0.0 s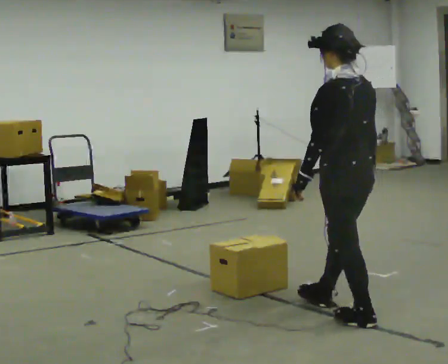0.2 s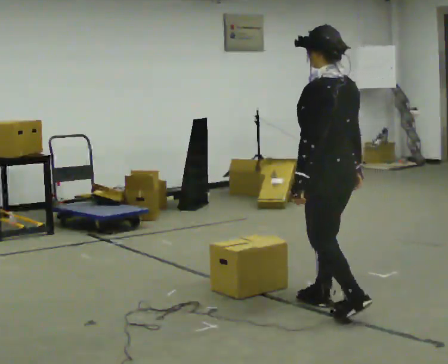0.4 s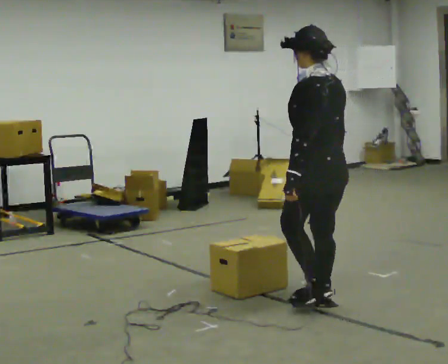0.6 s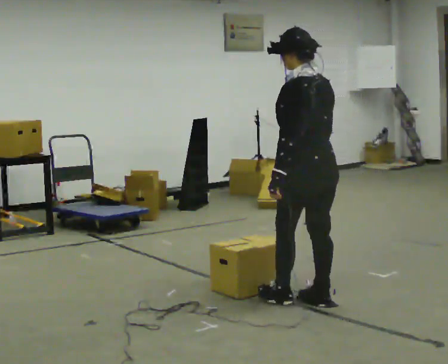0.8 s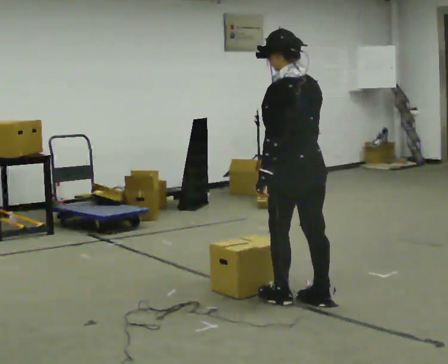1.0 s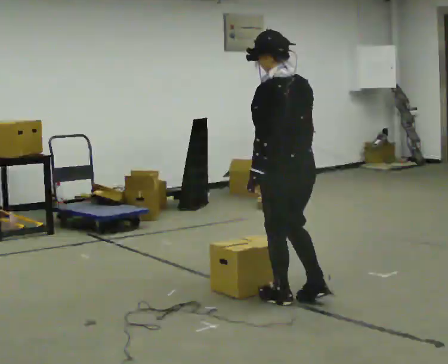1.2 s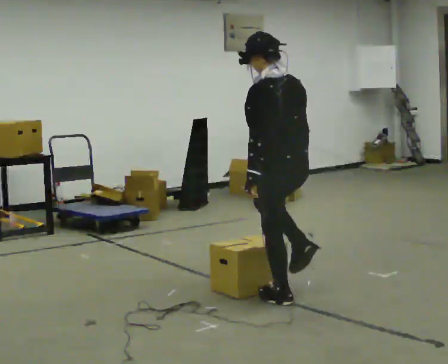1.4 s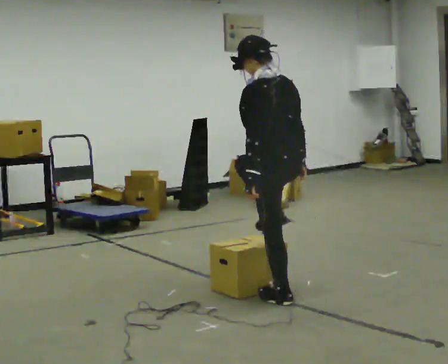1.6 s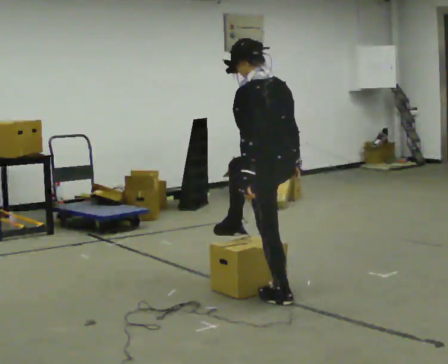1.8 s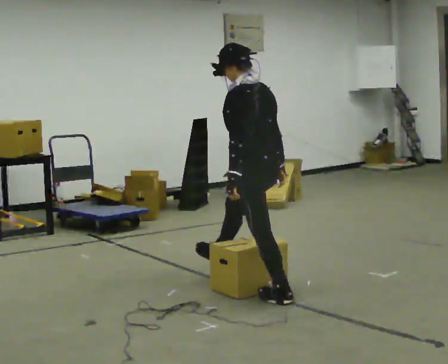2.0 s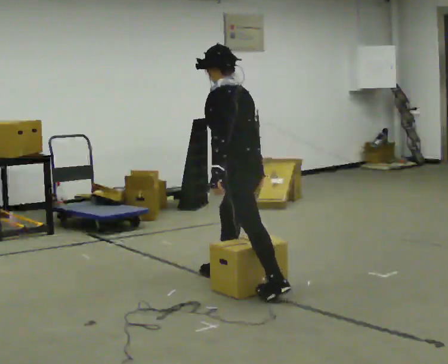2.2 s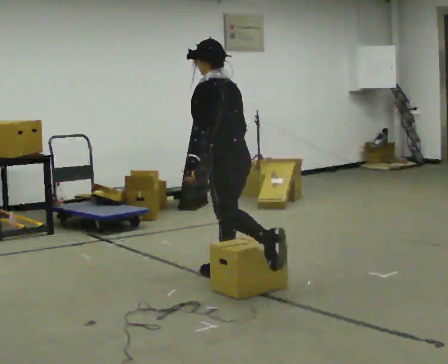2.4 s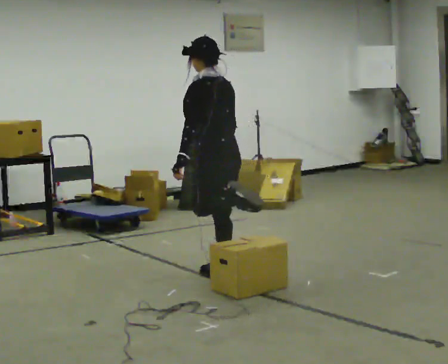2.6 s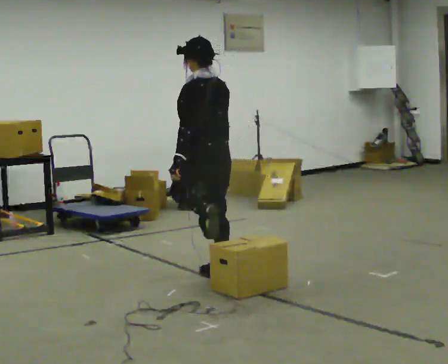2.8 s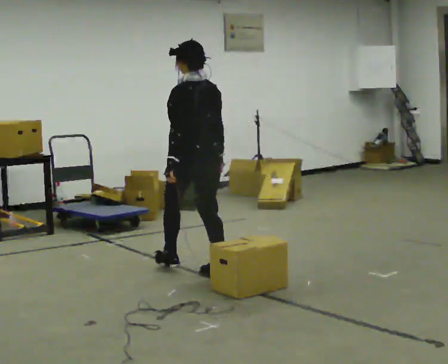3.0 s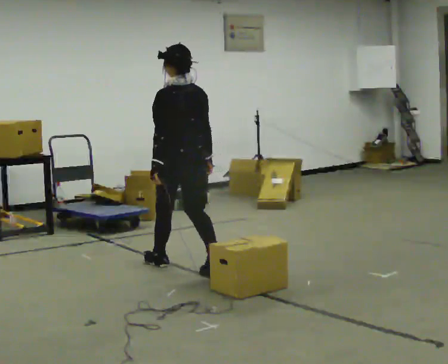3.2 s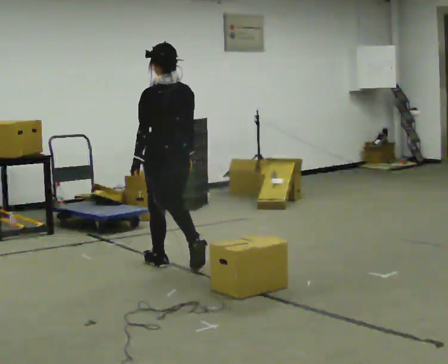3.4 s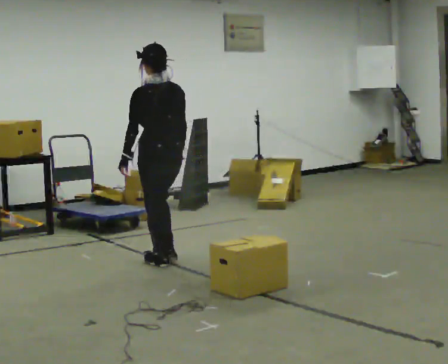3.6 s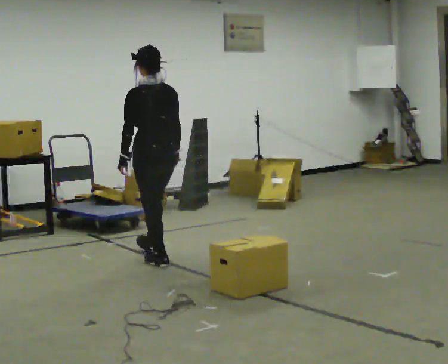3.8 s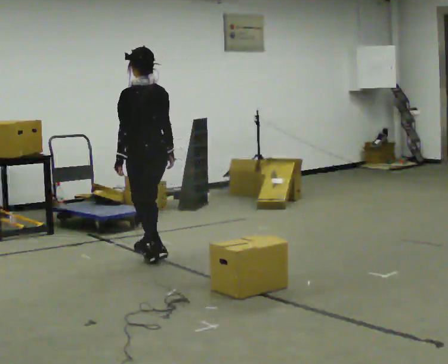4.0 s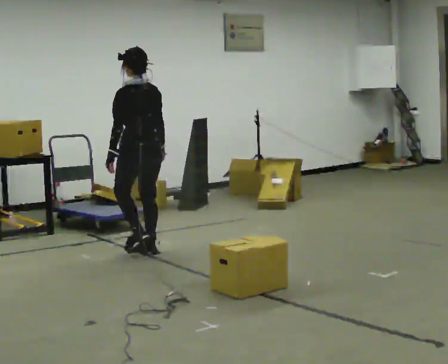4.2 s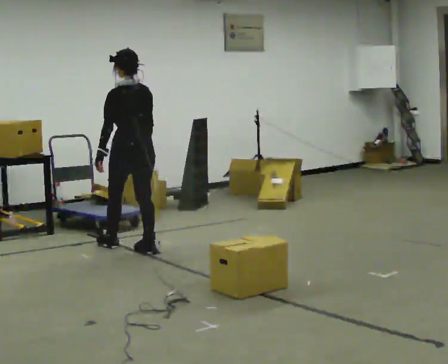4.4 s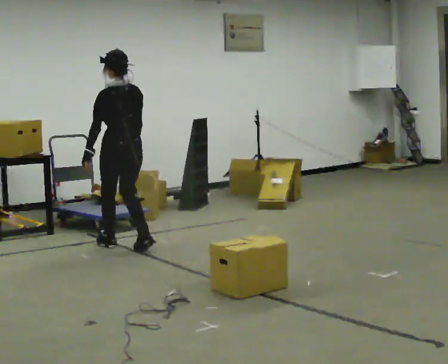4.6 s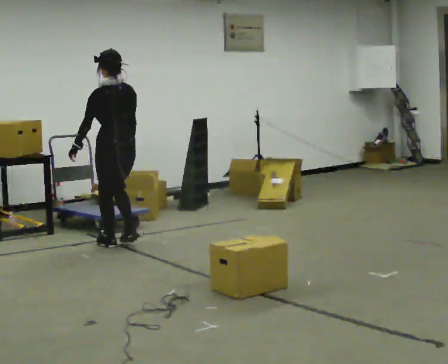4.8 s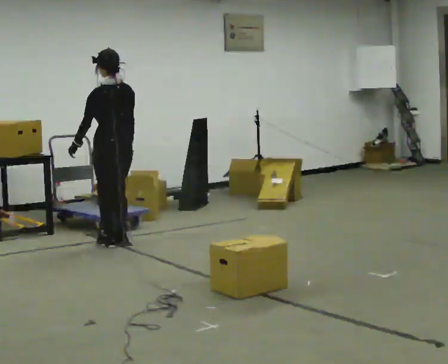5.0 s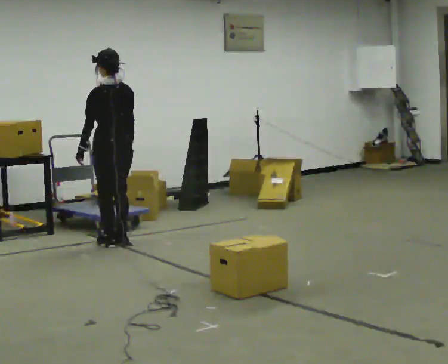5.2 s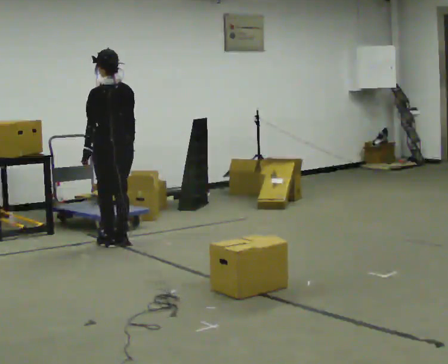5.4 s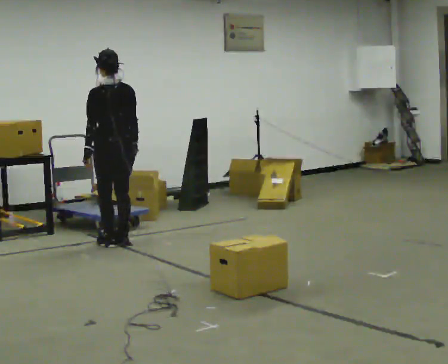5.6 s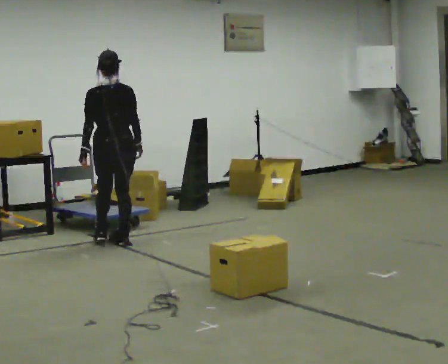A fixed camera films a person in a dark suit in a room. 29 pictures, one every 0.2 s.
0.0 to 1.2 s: In the picture they go away from the camera and to the left, about 0.5 m in 2 steps, which for them is forward.
1.2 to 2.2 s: In the picture they go away from the camera and to the left, about 0.5 m in 1 step, which for them is forward. The upper body tips away from the camera, its near side rolling upward.
2.2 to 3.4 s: In the picture they go away from the camera and to the left, about 0.75 m in 1 step, which for them is forward.
3.4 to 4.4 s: In the picture they go away from the camera and to the left, about 0.75 m in 2 steps, which for them is forward.
4.4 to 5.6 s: In the picture they go away from the camera, about 0.25 m in 1 step, which for them is forward.
The film runs forward here.
